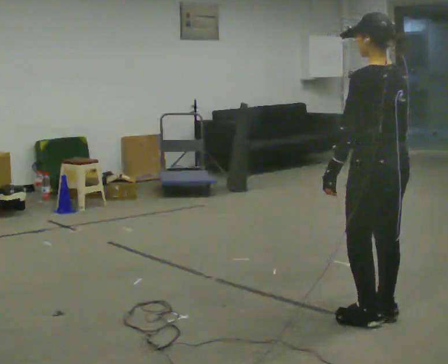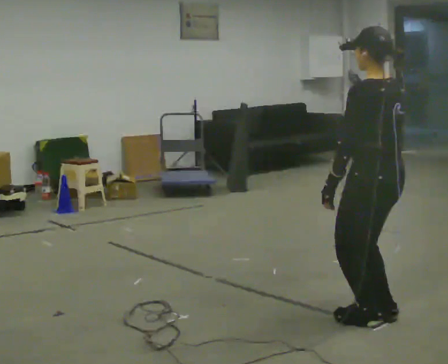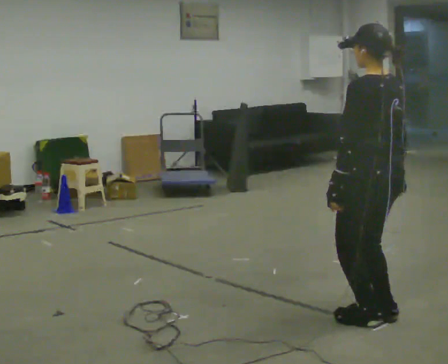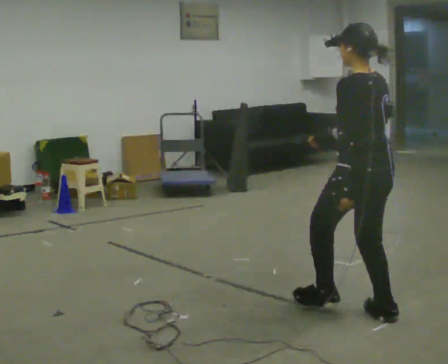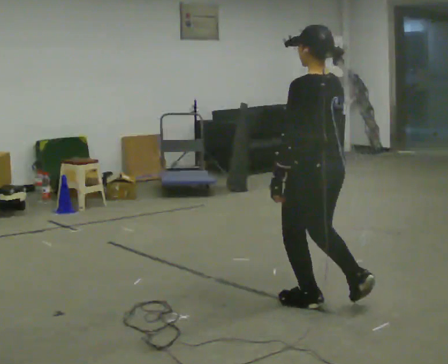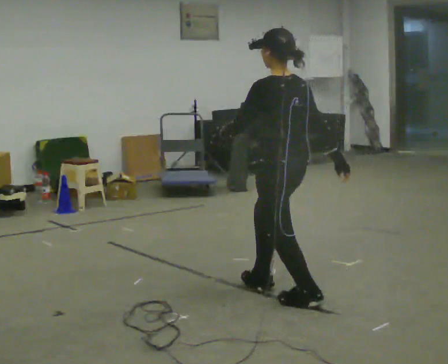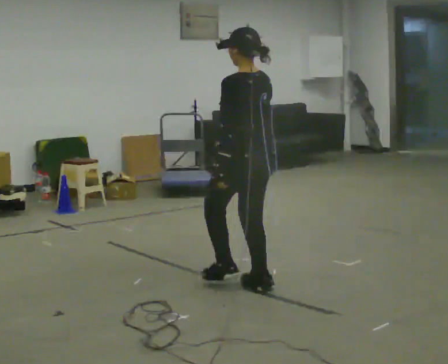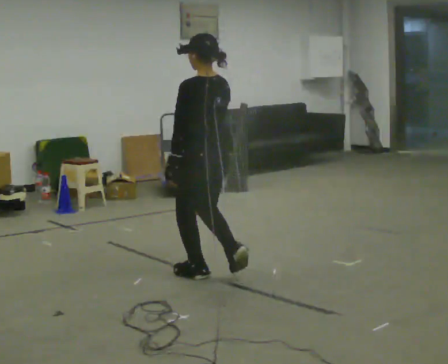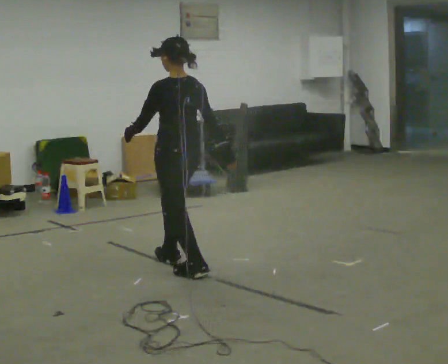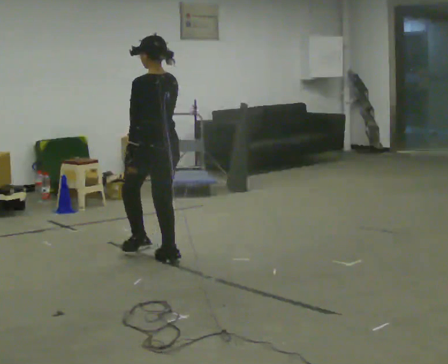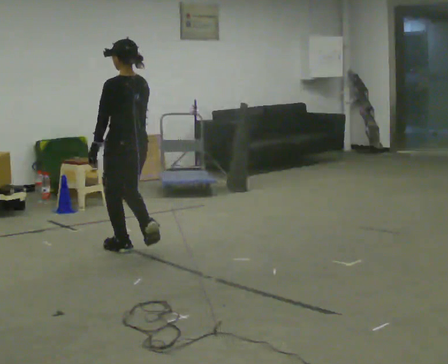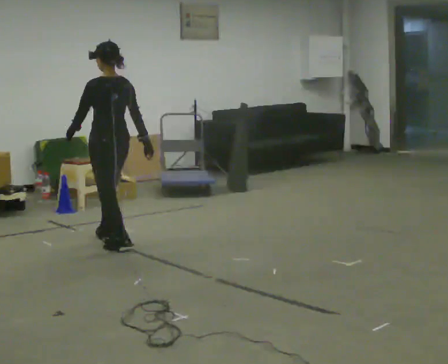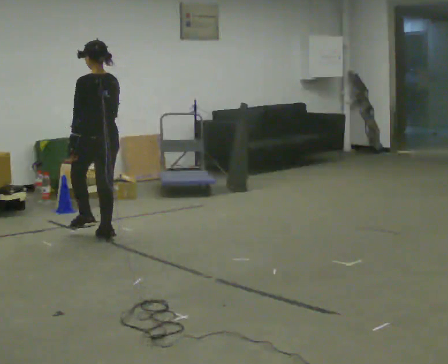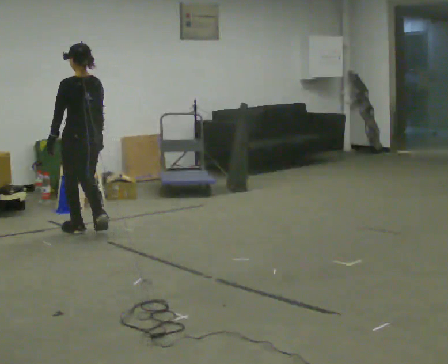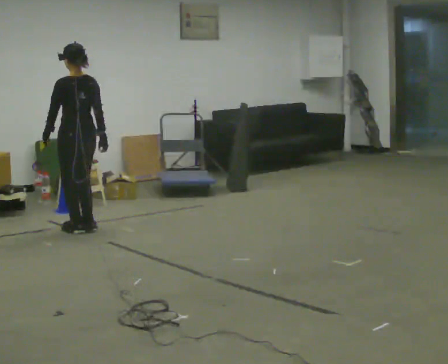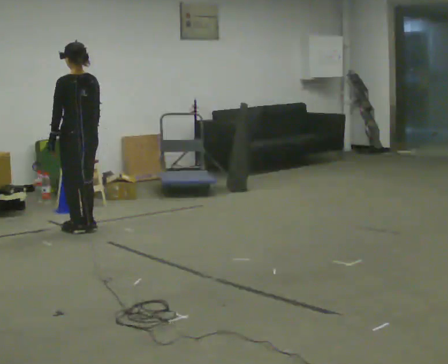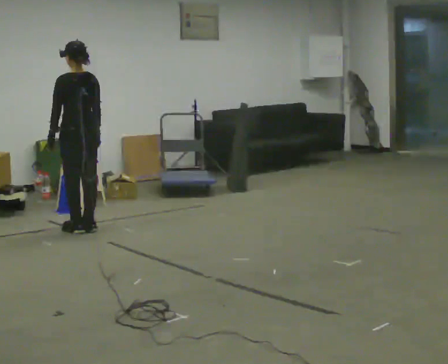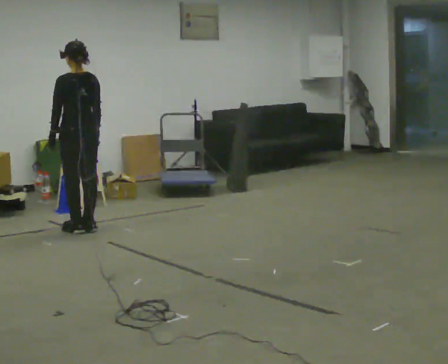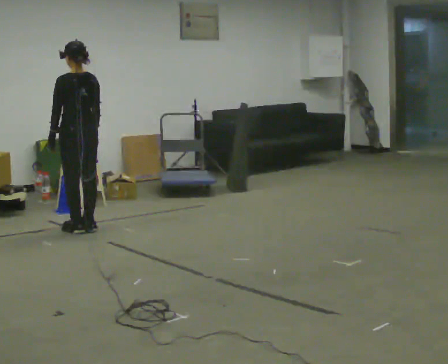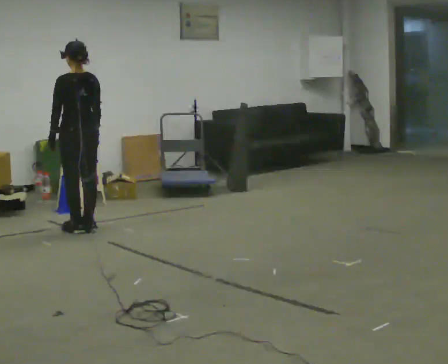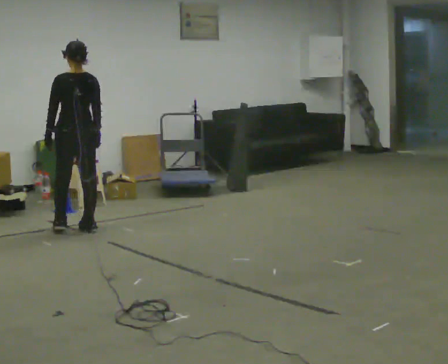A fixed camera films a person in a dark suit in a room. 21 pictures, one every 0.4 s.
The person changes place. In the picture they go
away from the camera.
0.0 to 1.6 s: In the picture they go away from the camera and to the left, about 0.5 m in 1 step, which for them is forward.
1.6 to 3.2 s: In the picture they go away from the camera and to the left, about 1 m in 3 steps, which for them is forward.
3.2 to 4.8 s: In the picture they go away from the camera and to the left, about 1 m in 2 steps, which for them is forward.
4.8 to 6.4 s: In the picture they go away from the camera and to the left, about 0.25 m in 2 steps, which for them is forward.
6.4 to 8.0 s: The person moves a little, or ends about where they began.
The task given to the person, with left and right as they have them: Walk forward in a lowered crouched posture at a comfortable speed; do not go lower than is comfortable; stop.
The film runs forward here.
